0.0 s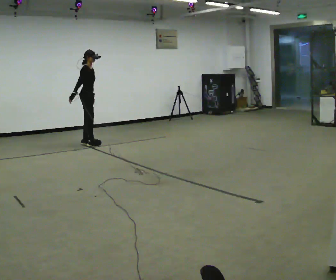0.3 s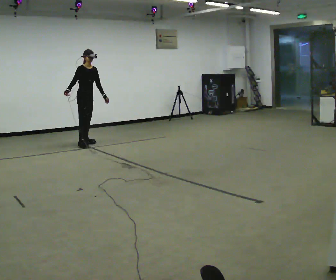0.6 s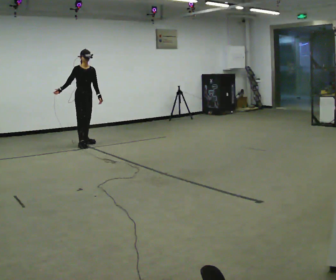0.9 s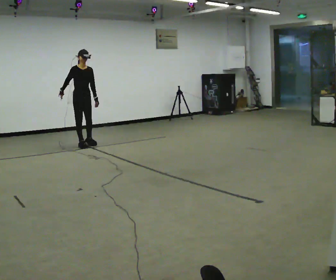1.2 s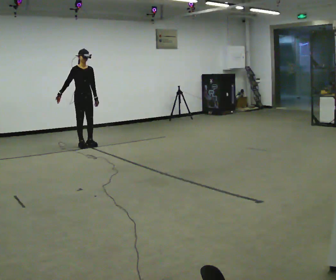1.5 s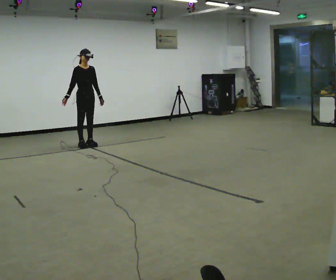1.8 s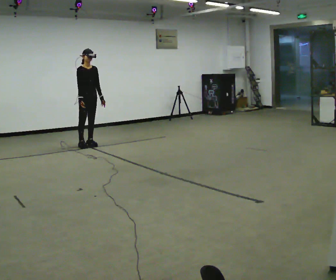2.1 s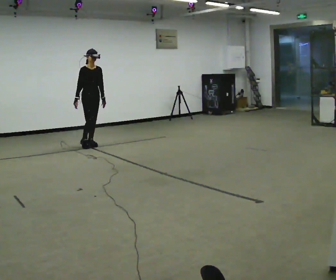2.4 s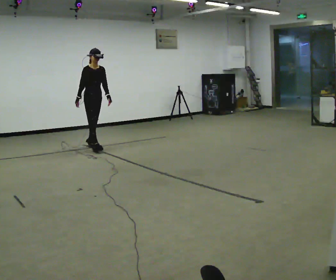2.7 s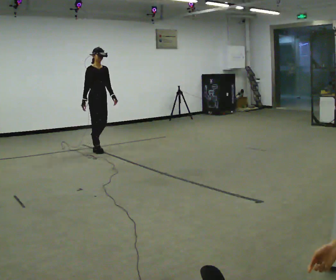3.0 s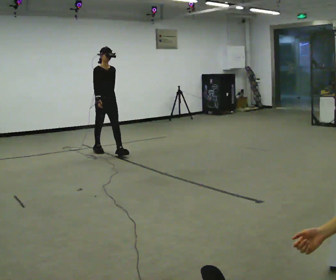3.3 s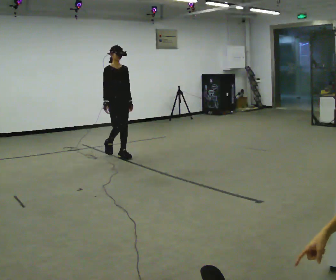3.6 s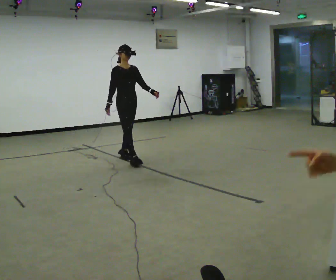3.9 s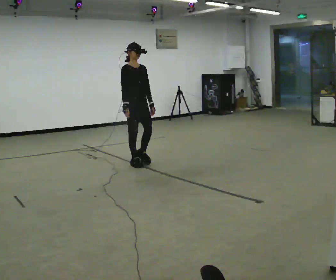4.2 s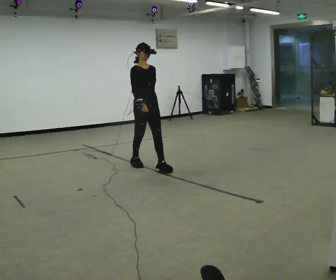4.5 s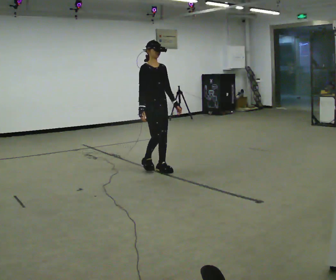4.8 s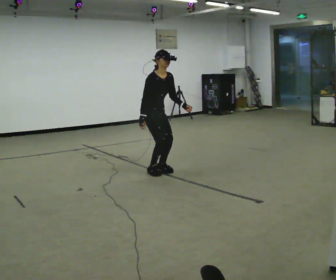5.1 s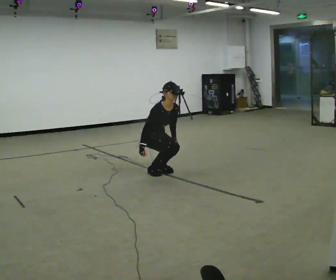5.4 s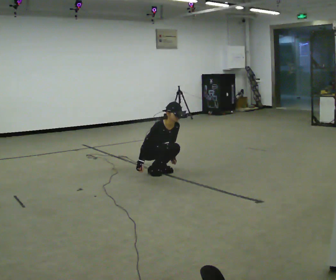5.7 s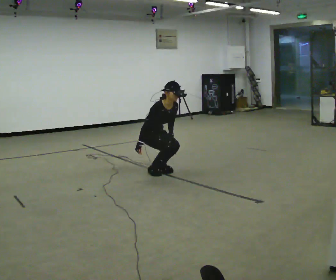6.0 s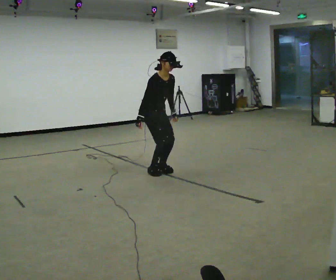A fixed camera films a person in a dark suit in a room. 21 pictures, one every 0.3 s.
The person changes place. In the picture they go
toward the camera.
0.0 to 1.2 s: The part of the body nearest the lens slides to the left as the person turns to their right by about 45 degrees.
1.2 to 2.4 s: In the picture they go toward the camera and to the right, about 0.25 m in 1 step, which for them is forward.
2.4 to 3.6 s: In the picture they go toward the camera and to the right, about 1 m in 2 steps, which for them is forward.
3.6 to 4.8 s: In the picture they go toward the camera and to the right, about 0.75 m in 2 steps, which for them is forward. The upper body tips toward the camera, its near side rolling downward, as they bend forward.
4.8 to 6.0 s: The person moves a little, or ends about where they began.
The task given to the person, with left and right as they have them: Walk; crouch comfortably at marker; remain briefly; stand and continue.
The film runs forward here.
